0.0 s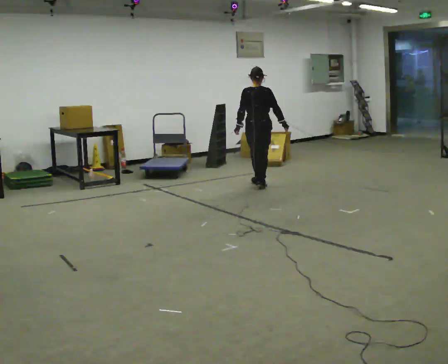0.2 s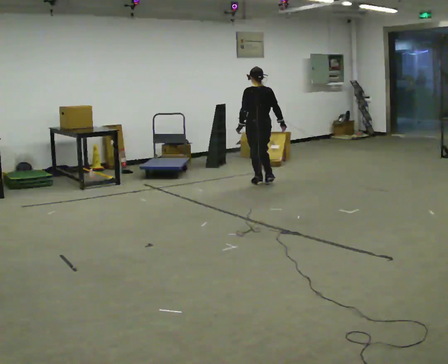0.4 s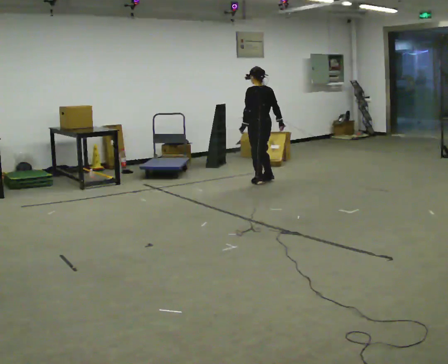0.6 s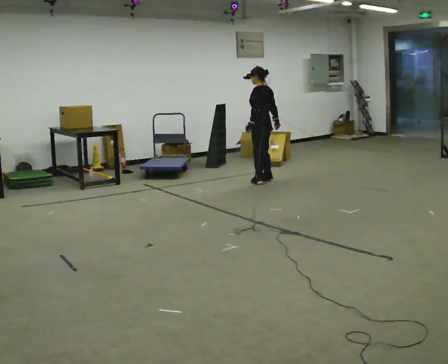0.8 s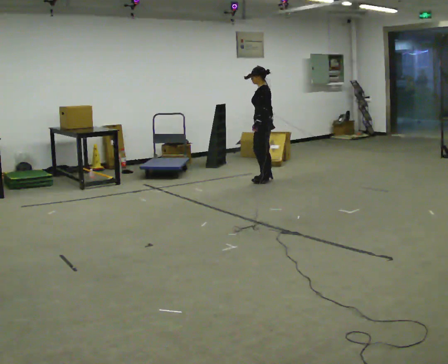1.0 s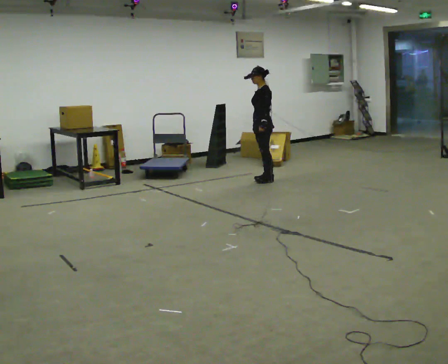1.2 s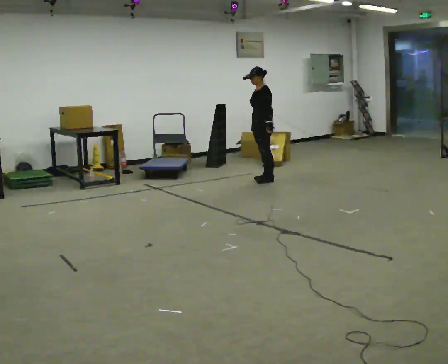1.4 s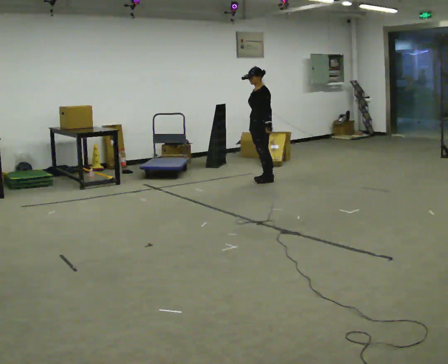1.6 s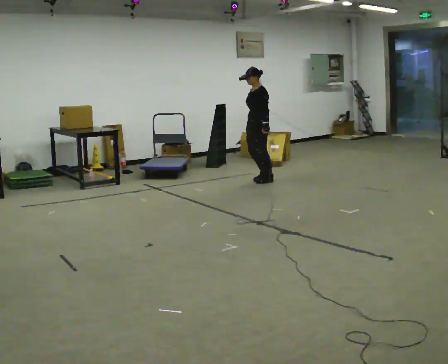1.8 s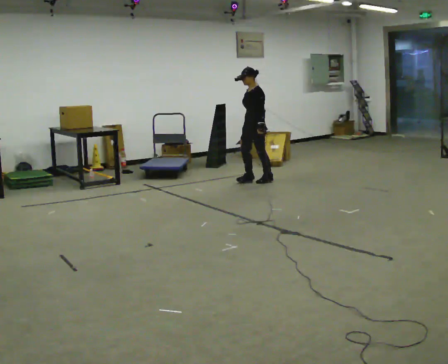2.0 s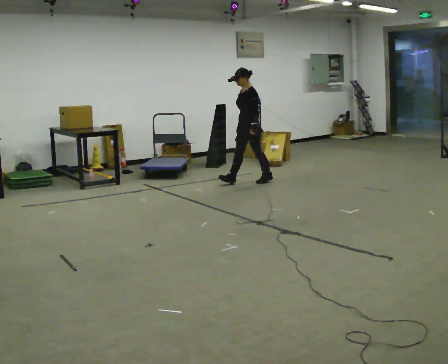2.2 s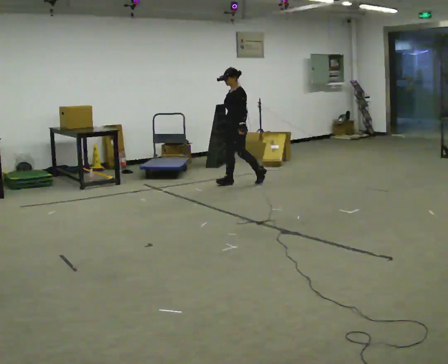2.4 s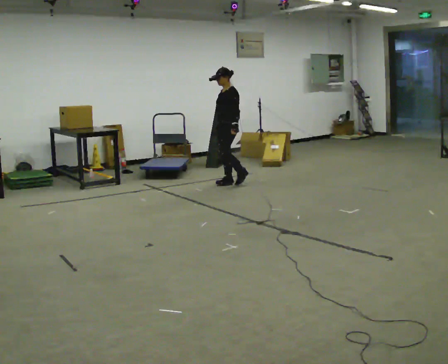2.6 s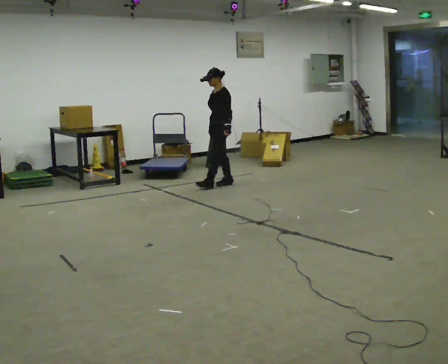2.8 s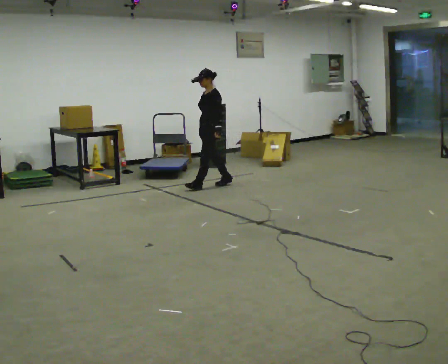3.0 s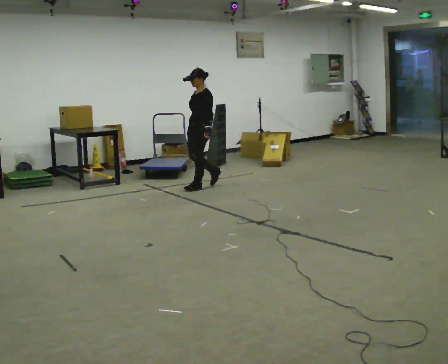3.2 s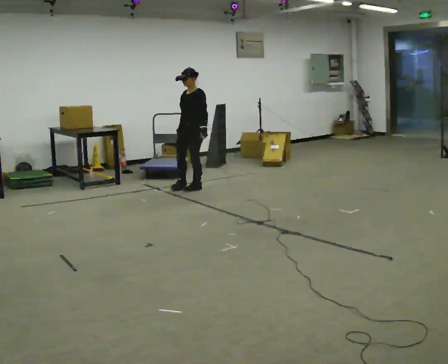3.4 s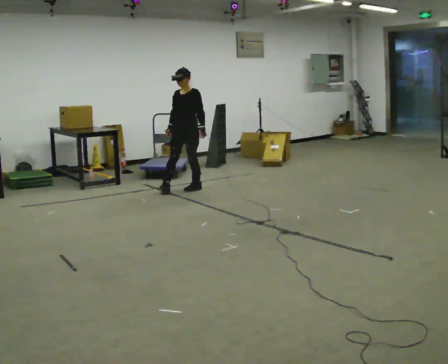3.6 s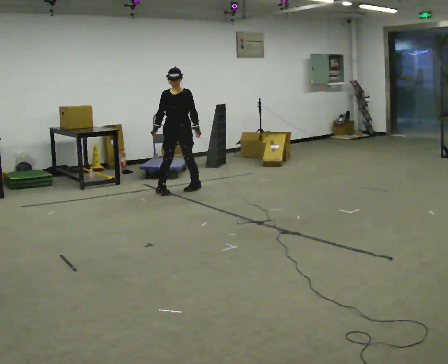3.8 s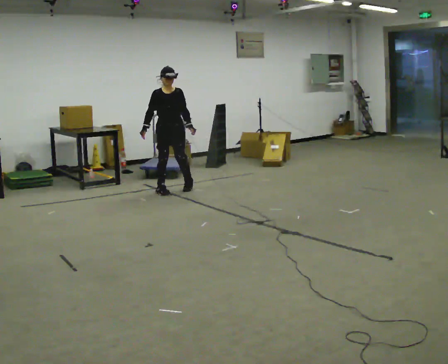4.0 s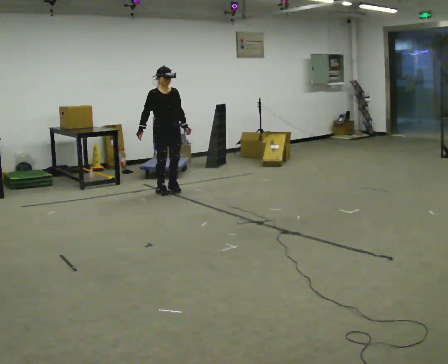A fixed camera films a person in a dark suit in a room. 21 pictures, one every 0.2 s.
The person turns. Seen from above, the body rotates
counterclockwise.
The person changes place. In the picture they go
to the left.
0.0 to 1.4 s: Seen from above the body turns counterclockwise, about 120 degrees: to their left, with its near side sliding to the right. In the picture they go away from the camera, about 0.25 m in 2 steps.
1.4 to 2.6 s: In the picture they go to the left, about 0.5 m in 1 step, which for them is forward.
2.6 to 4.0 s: The person turns about 105 degrees to their left, counterclockwise seen from above, so the part of the body nearest the lens slides to the right. In the picture they go to the left and toward the camera, about 1 m in 2 steps.
The film runs forward here.
